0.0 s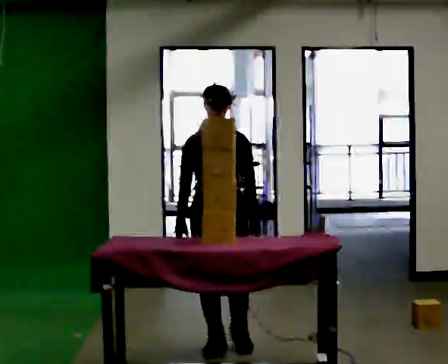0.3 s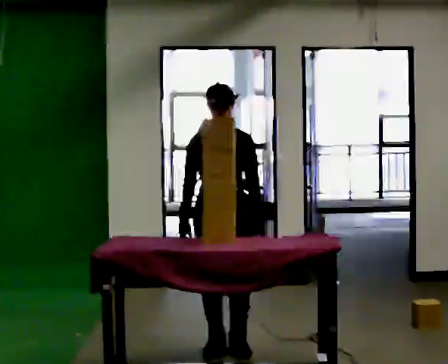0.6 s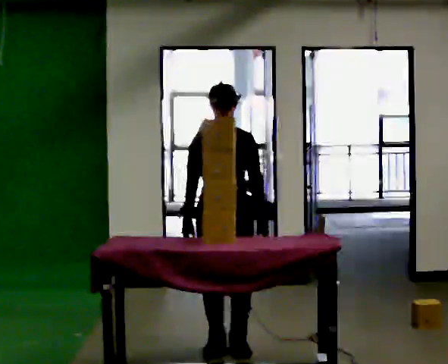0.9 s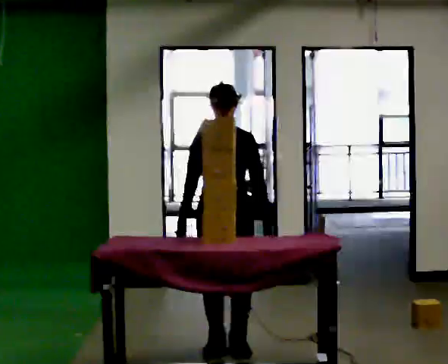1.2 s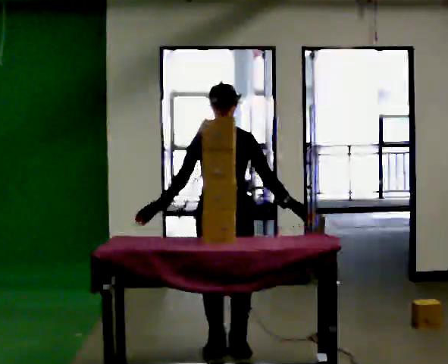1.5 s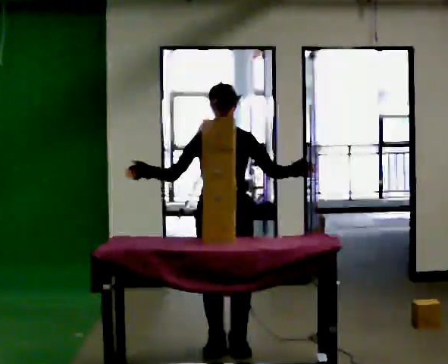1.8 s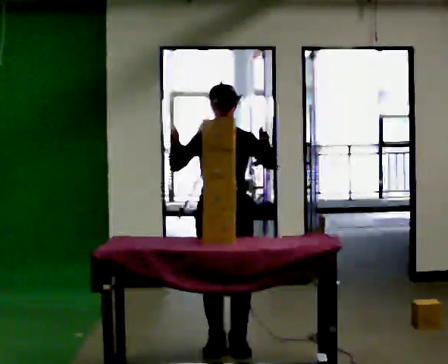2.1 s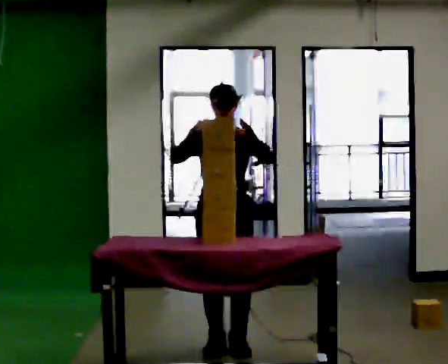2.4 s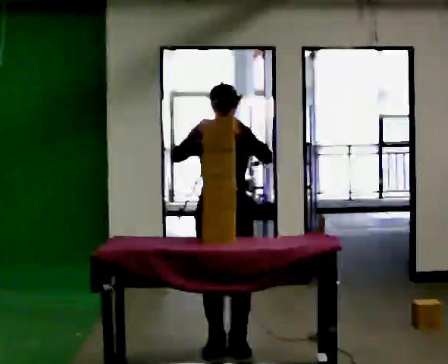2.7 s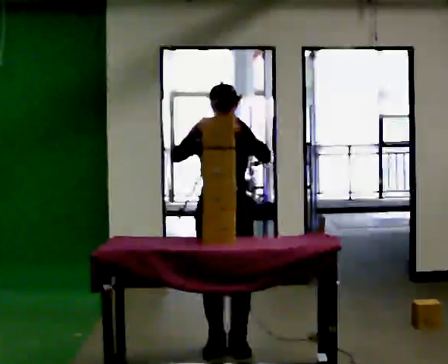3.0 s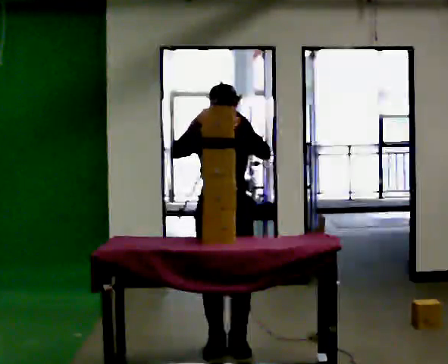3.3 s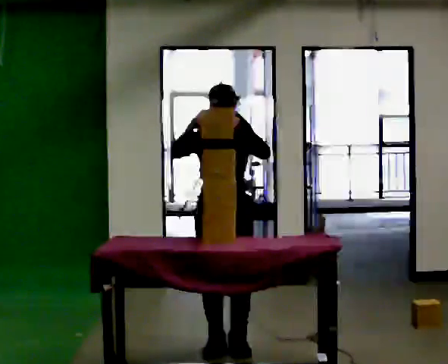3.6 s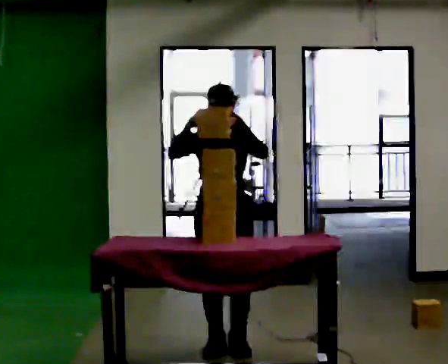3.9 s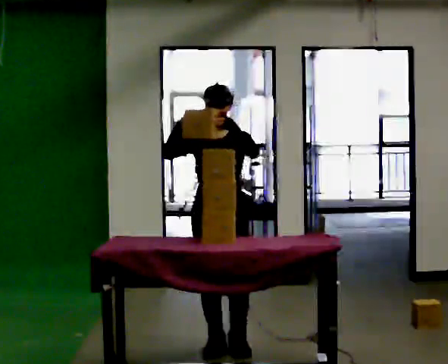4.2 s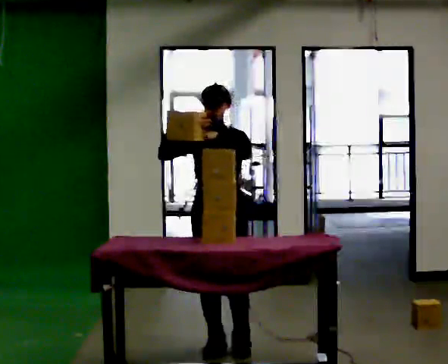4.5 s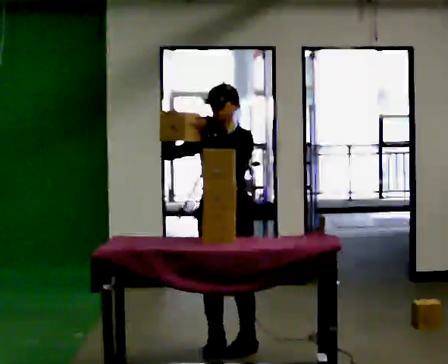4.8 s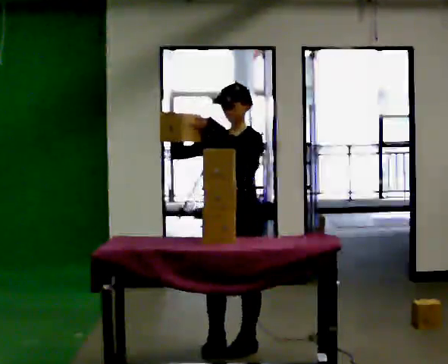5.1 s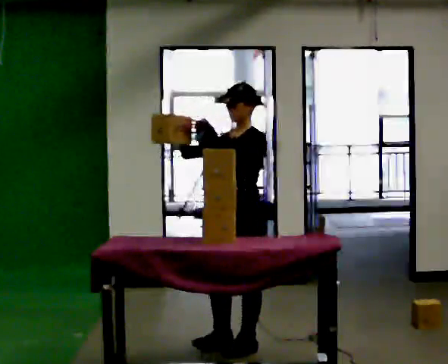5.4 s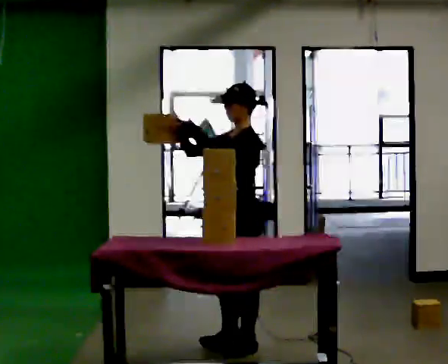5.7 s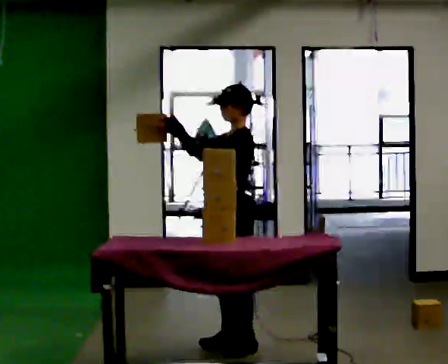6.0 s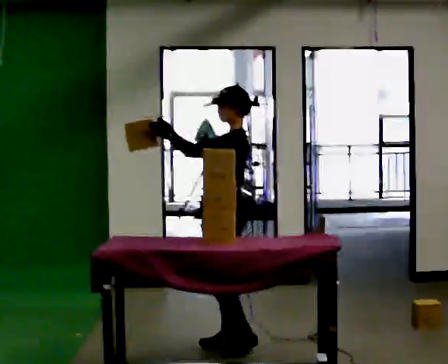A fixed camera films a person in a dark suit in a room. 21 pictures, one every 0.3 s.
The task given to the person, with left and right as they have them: Take boxes off the top of the stack one at a time and carry them away, walking back for each one. Keep going until the operator says stop; one object at a time, and do not rush between trips.
0.0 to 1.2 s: The person moves a little, or ends about where they began.
1.2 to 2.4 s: In the picture their left hand goes upward.
2.4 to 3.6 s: The person moves a little, or ends about where they began.
3.6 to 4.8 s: Seen from above the body turns clockwise, about 30 degrees: to their right, with its near side sliding to the left.
4.8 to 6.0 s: The part of the body nearest the lens slides to the left as the person turns to their right by about 45 degrees. In the picture their left hand goes to the left.
The film runs forward here.
